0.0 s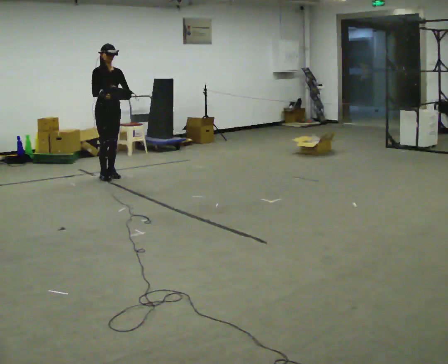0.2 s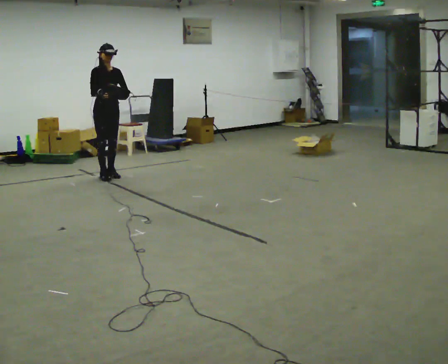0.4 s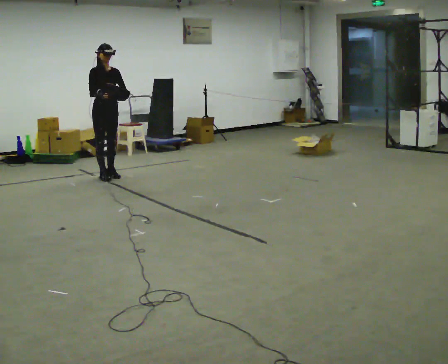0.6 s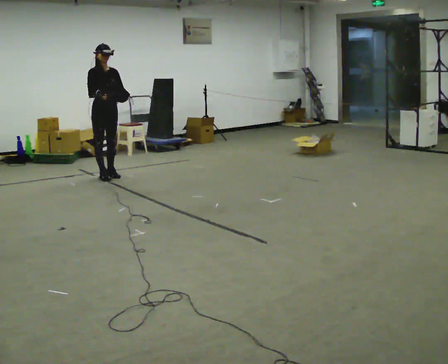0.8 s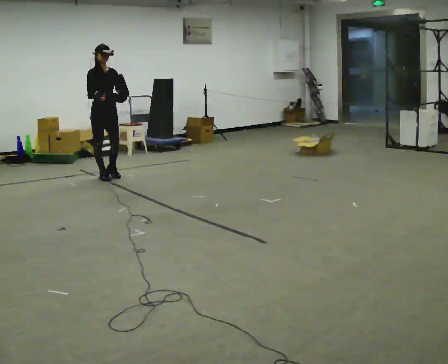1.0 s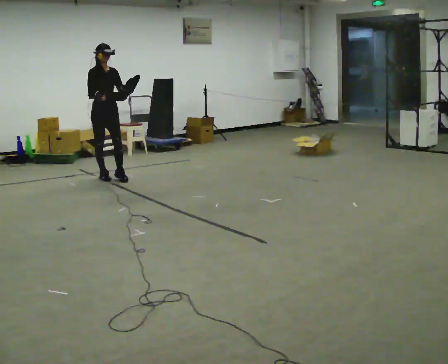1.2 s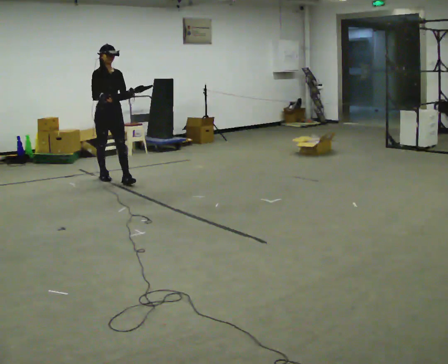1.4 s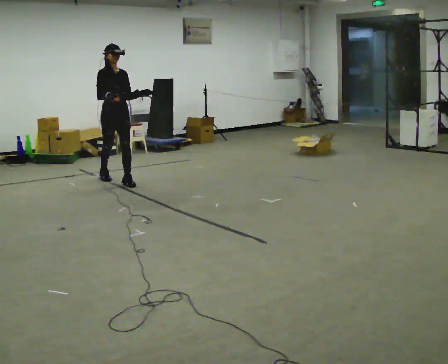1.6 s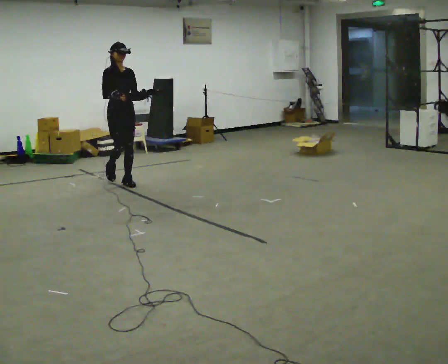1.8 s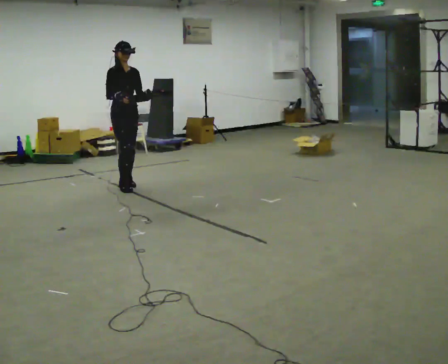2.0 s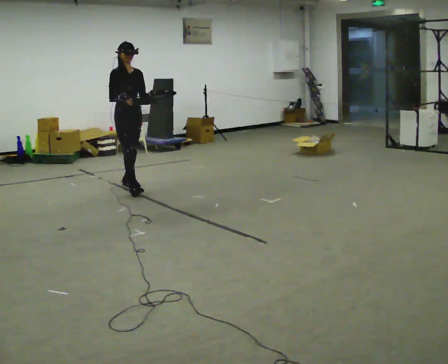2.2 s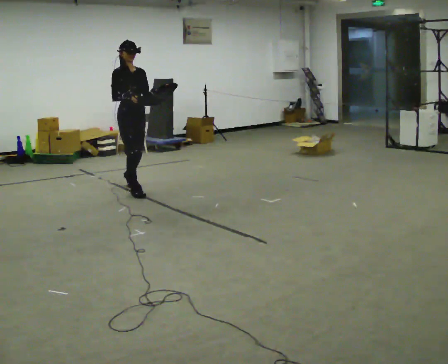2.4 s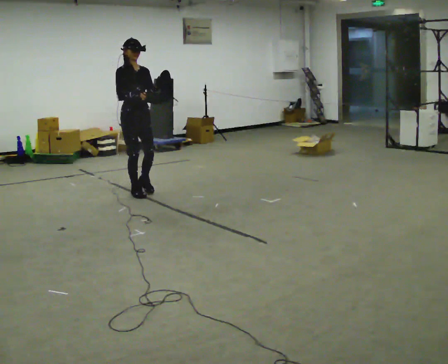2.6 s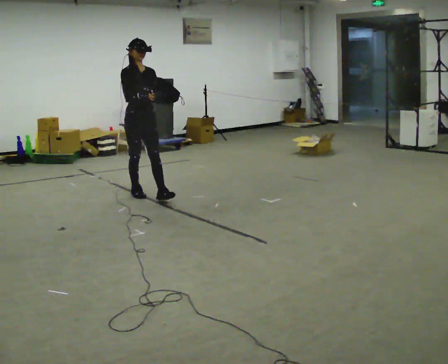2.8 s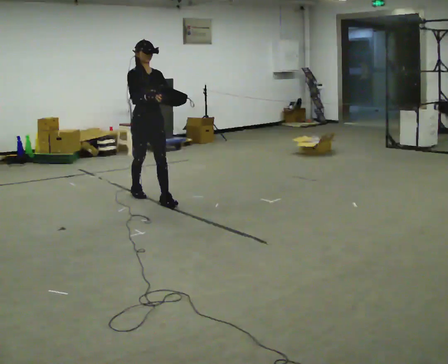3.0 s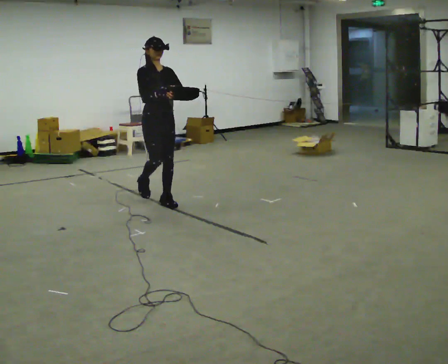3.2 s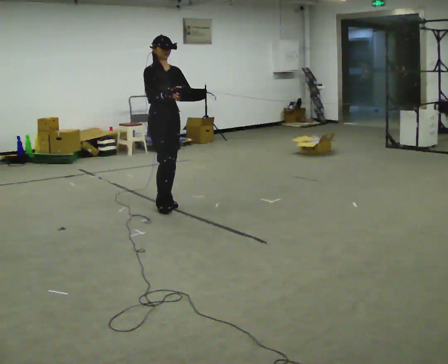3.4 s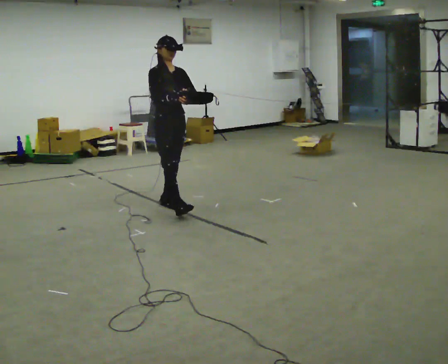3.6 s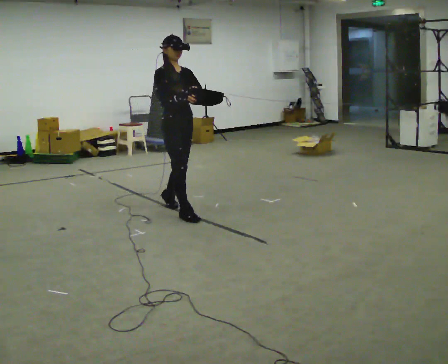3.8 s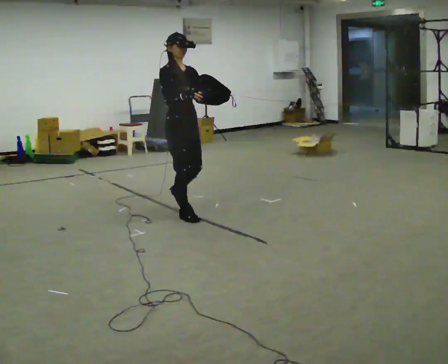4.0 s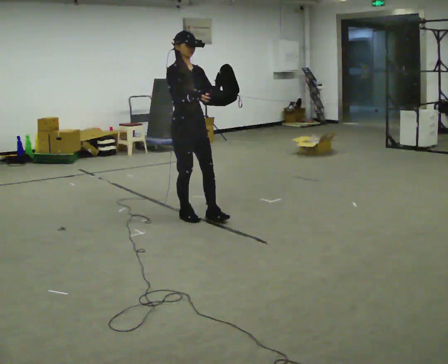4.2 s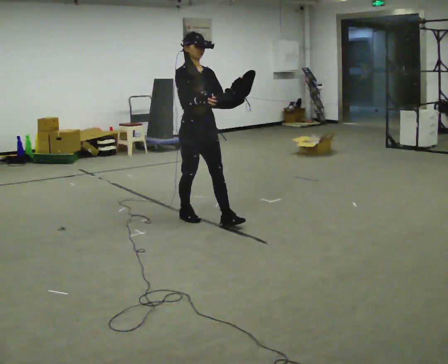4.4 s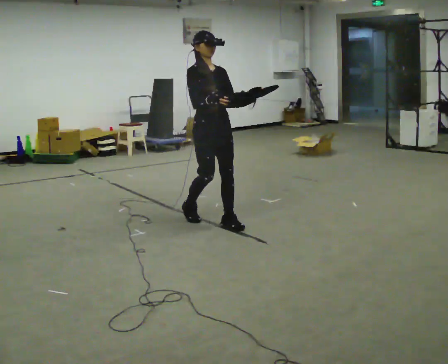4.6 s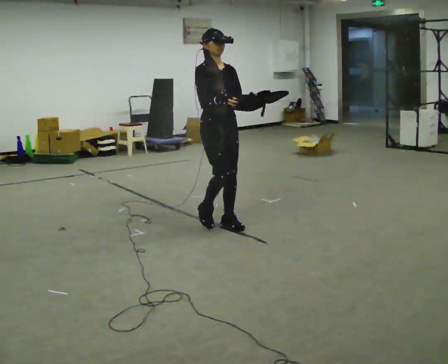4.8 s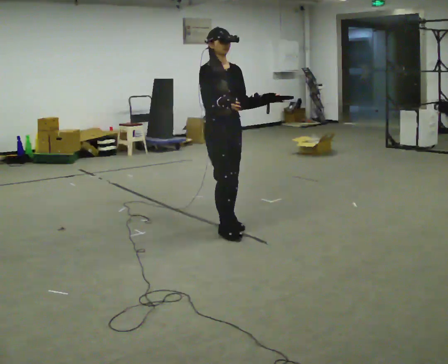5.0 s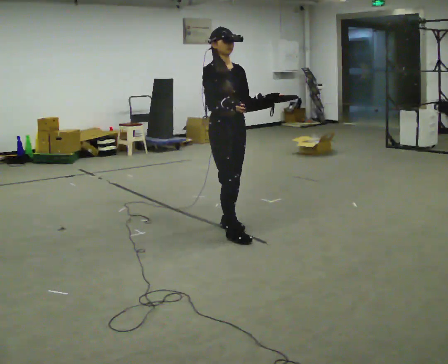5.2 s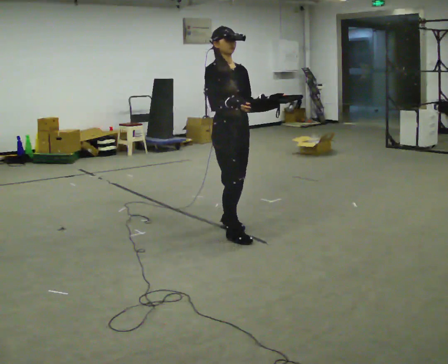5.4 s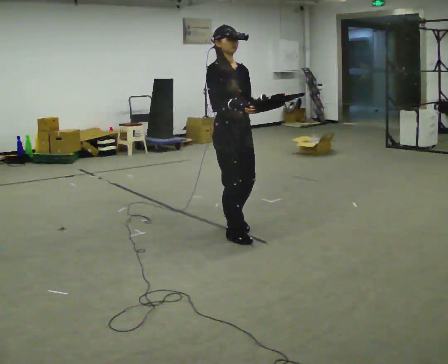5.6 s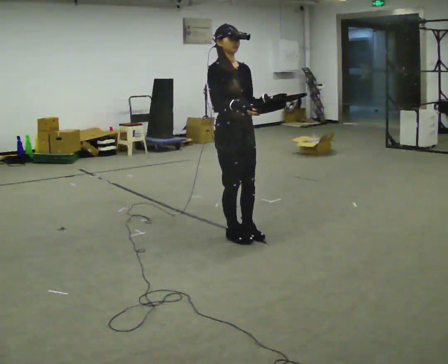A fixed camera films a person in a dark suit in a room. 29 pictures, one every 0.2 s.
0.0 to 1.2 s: In the picture they go toward the camera, about 0.25 m in 1 step, which for them is forward.
1.2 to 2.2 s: In the picture they go toward the camera and to the right, about 0.75 m in 1 step, which for them is forward.
2.2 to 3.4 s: In the picture they go toward the camera and to the right, about 1 m in 1 step, which for them is forward.
3.4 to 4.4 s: In the picture they go toward the camera and to the right, about 0.75 m in 2 steps, which for them is forward.
4.4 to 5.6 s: In the picture they go toward the camera, about 0.5 m in 2 steps, which for them is forward.
The film runs forward here.
